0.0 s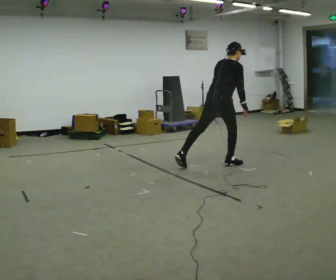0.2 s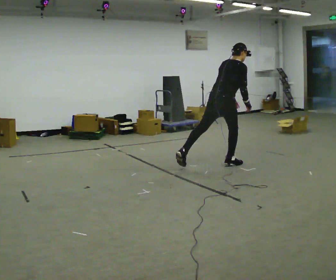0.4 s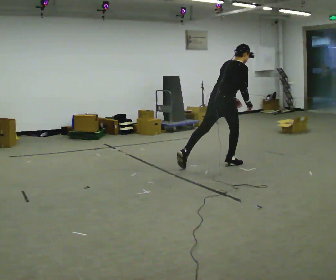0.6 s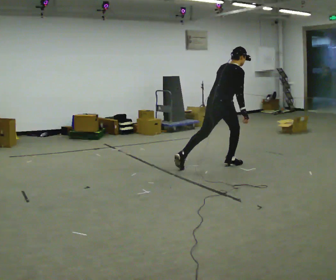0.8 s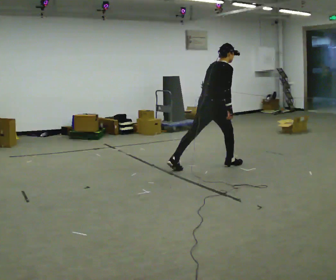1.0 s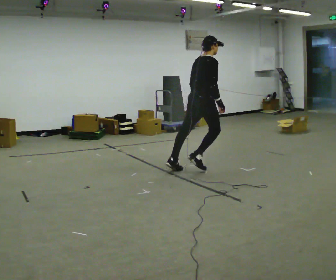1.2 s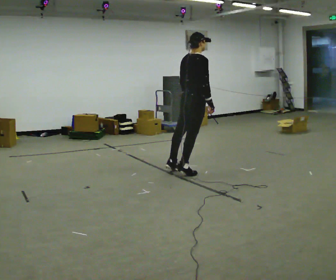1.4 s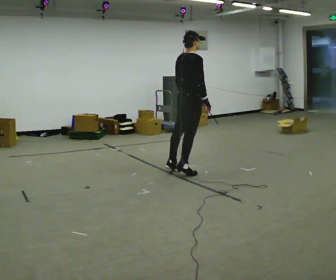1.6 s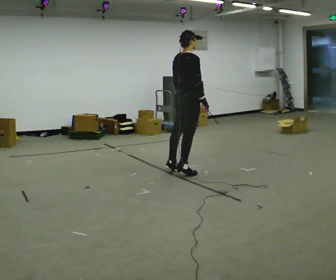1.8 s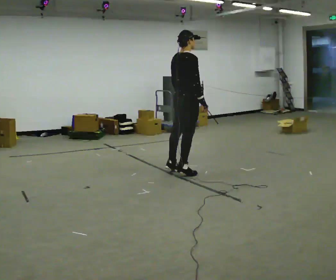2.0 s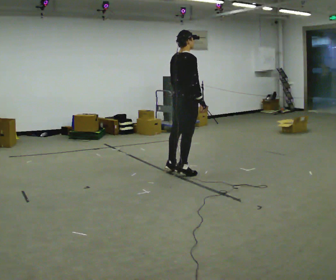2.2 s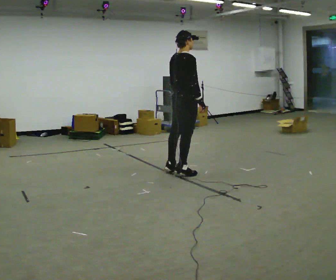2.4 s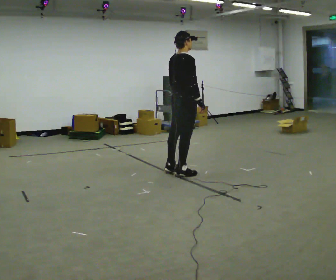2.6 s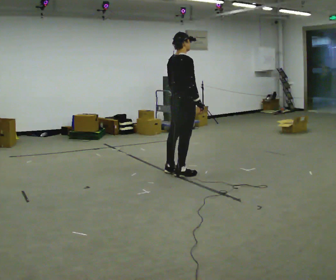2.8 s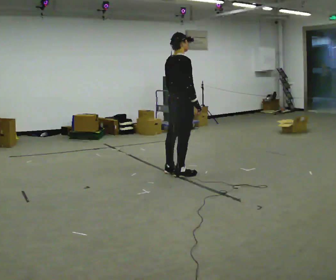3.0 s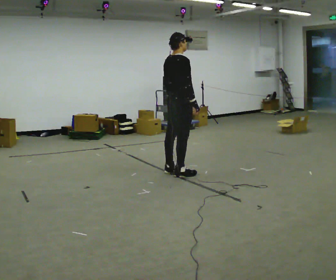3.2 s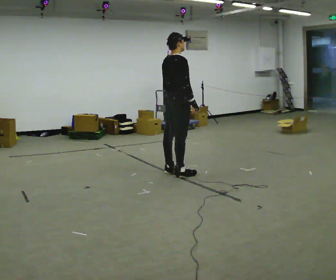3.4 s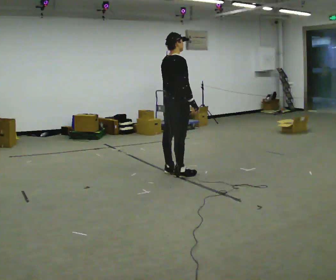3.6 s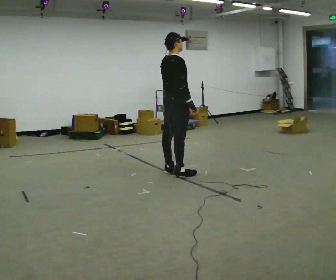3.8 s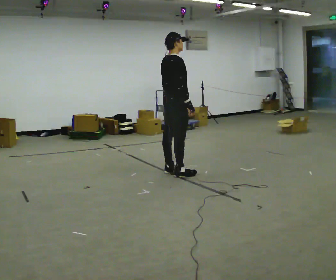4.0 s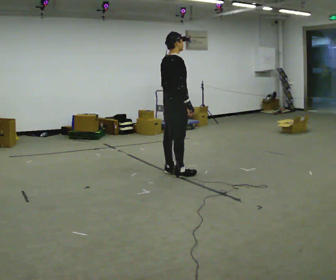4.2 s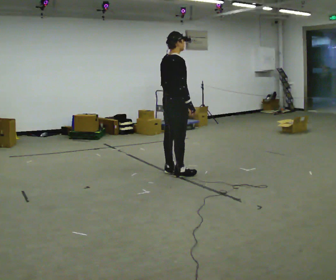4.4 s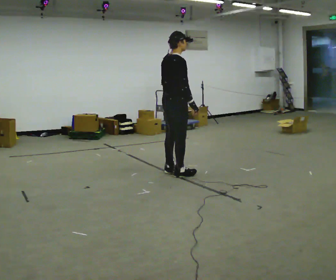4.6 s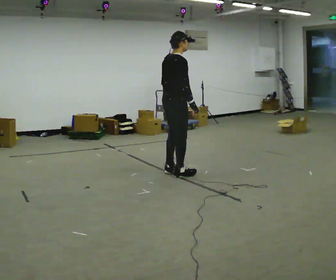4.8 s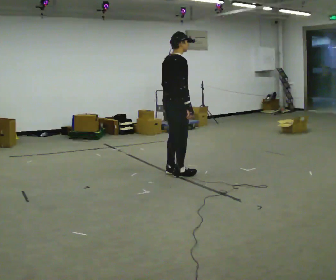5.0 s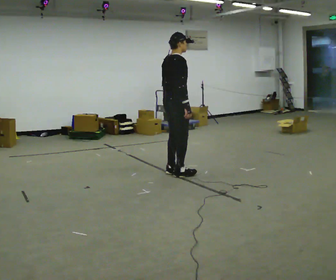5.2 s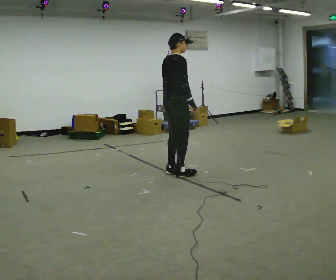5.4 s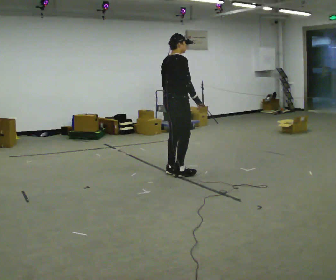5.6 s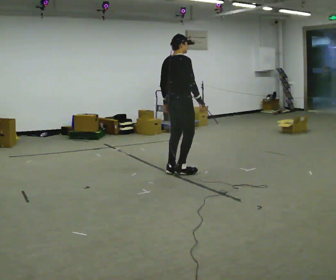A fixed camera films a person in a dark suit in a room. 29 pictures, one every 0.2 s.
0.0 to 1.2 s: In the picture they go to the left and toward the camera, about 0.25 m in 2 steps, which for them is backward.
1.2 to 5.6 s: In the picture they go to the left, about 0.25 m in 1 step, which for them is backward.
The film runs backward here.
